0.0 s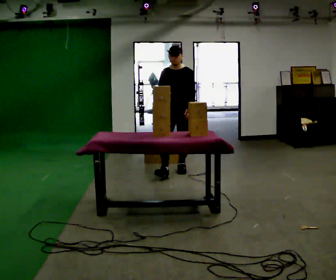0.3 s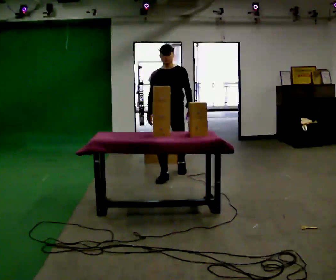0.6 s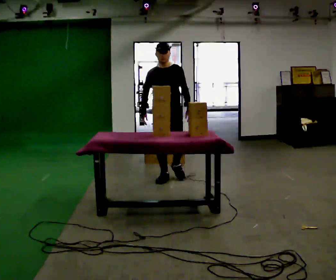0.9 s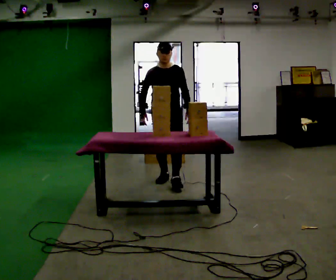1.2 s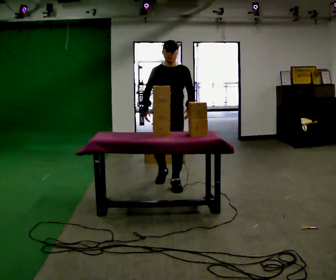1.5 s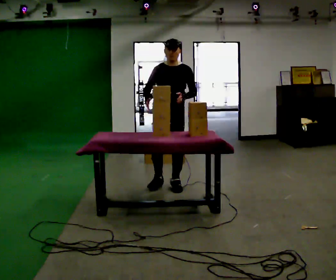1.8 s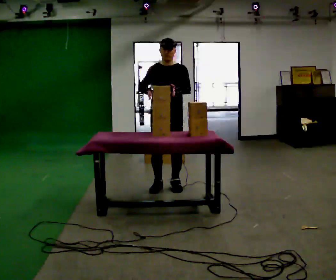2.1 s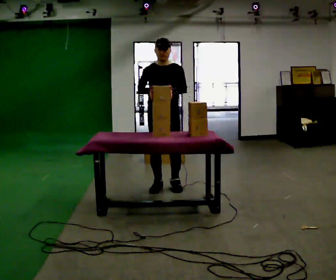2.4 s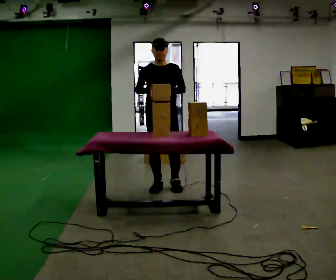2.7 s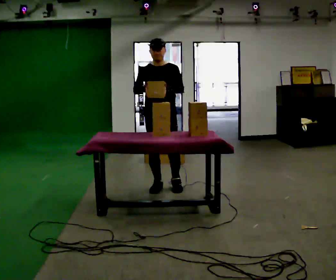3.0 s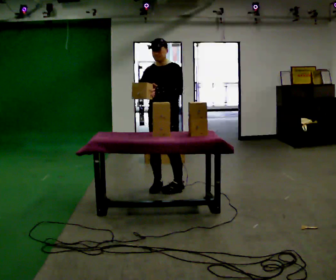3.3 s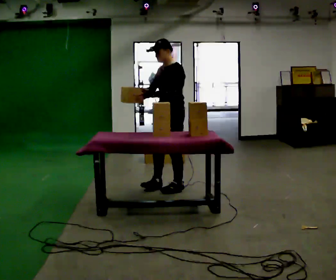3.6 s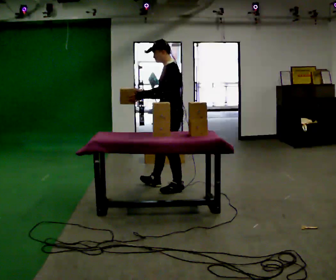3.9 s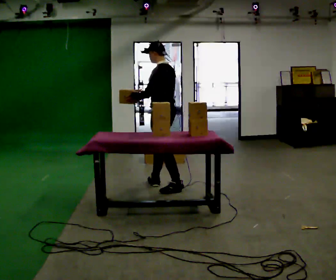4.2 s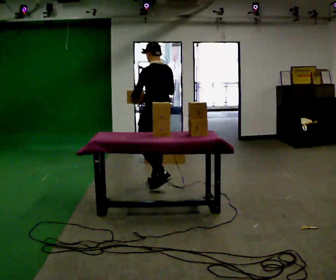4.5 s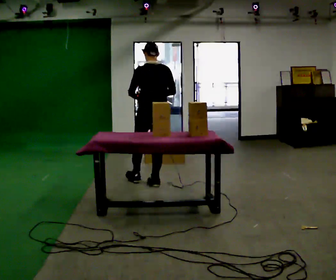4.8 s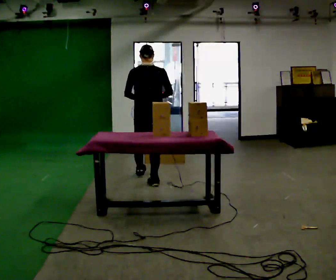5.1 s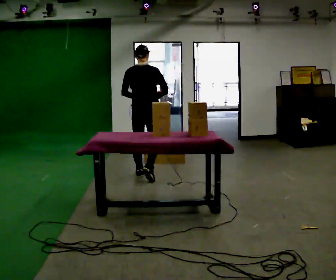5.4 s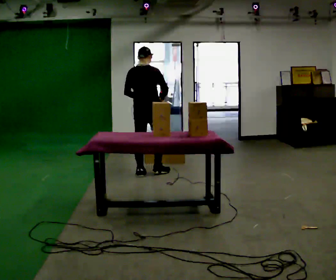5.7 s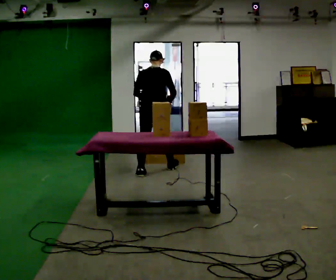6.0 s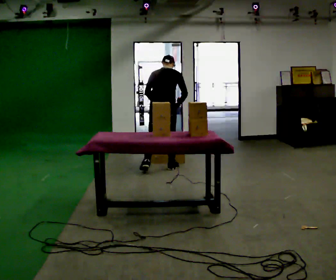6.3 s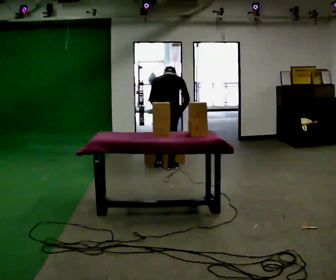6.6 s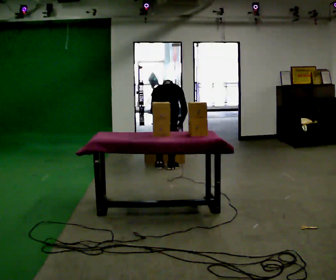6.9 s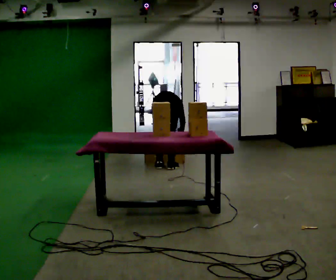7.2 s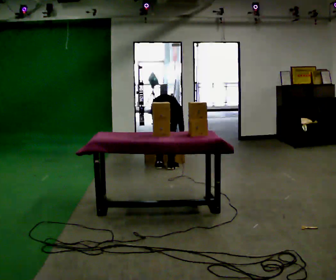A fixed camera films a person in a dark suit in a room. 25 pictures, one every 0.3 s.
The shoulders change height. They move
downward.
The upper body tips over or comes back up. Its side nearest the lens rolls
upward.
0.0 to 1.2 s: In the picture they go toward the camera, about 0.75 m in 2 steps, which for them is forward.
1.2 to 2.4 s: The person moves a little, or ends about where they began.
2.4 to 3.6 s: The person turns about 90 degrees to their right, clockwise seen from above, so the part of the body nearest the lens slides to the left.
3.6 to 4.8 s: The part of the body nearest the lens slides to the left as the person turns to their right by about 90 degrees. In the picture they go to the left and away from the camera, about 0.5 m in 1 step.
4.8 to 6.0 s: In the picture they go away from the camera, about 0.5 m in 1 step, which for them is forward. The upper body tips away from the camera, its near side rolling upward, as they bend forward.
6.0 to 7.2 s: The shoulders move downward. The upper body tips away from the camera, its near side rolling upward, as they bend forward. In the picture their left hand goes downward.
The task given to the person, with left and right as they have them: Carry each object across the room and drop it into the container on the floor, then walk back for the next one. Keep going until the operator says stop; one object at a time, and do not rush between trips.
The film runs forward here.
